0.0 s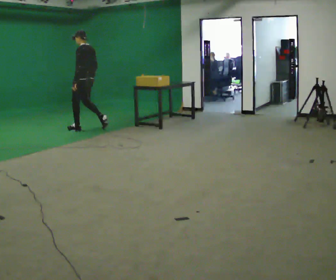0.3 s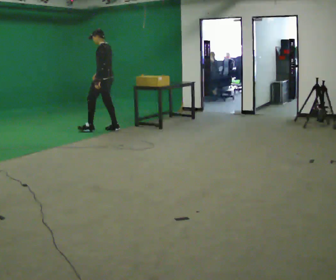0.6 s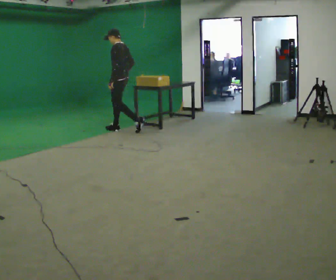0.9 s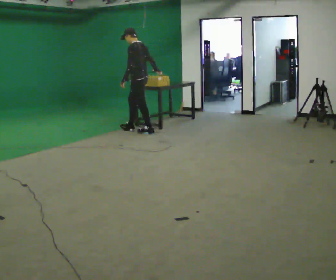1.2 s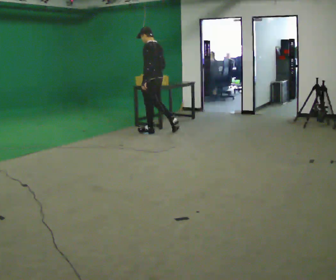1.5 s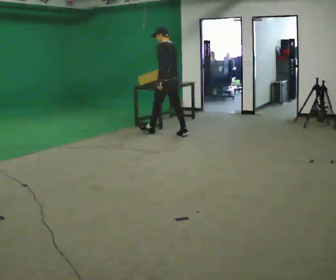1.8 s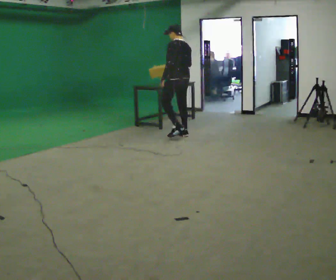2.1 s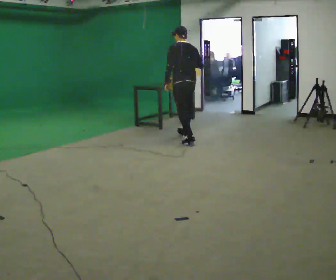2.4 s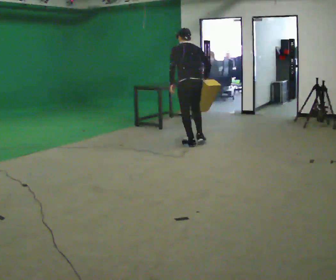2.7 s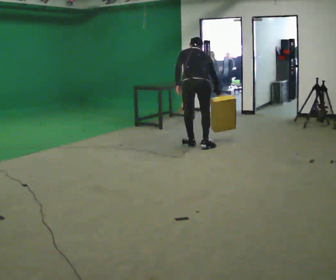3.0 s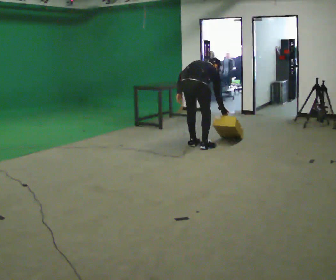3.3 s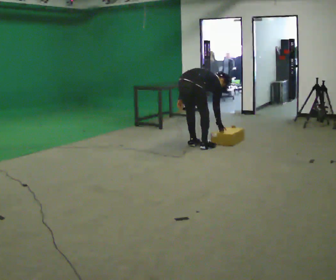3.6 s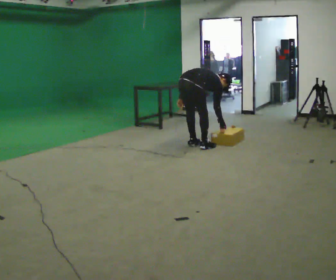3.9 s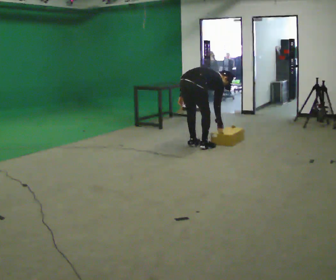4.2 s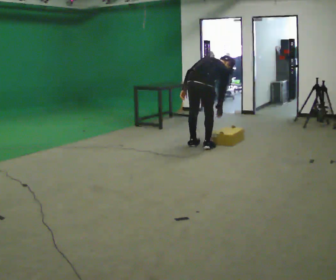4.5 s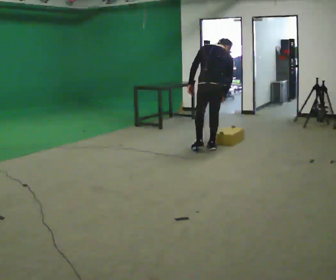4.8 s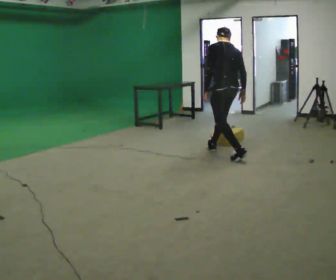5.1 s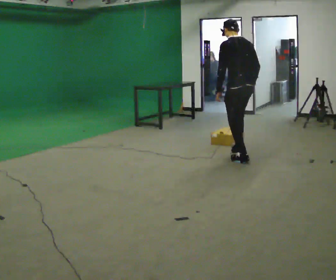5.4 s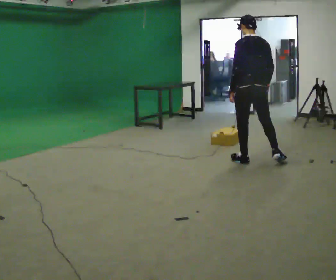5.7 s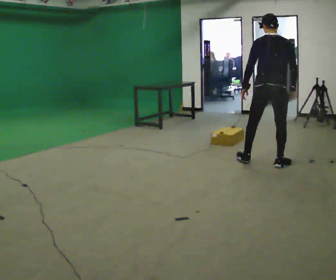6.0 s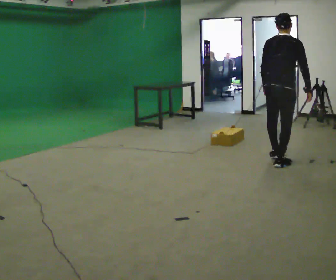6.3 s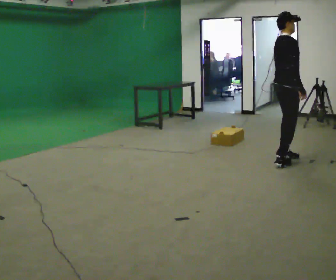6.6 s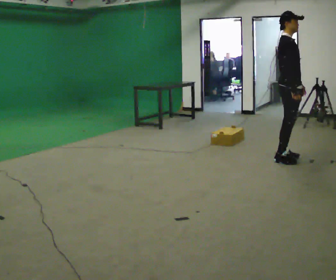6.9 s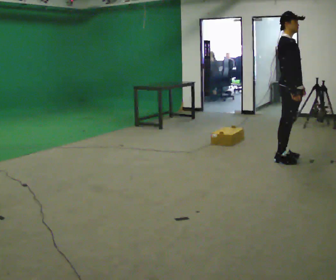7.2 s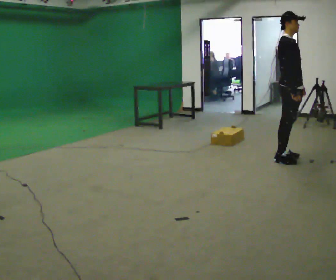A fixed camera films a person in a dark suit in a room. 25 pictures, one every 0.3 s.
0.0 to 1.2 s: In the picture they go to the right, about 1 m in 2 steps, which for them is backward.
1.2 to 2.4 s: The part of the body nearest the lens slides to the left as the person turns to their right by about 45 degrees. In the picture they go toward the camera and to the right, about 1 m in 2 steps, which for them is backward. The upper body tips away from the camera, its near side rolling upward, as they bend forward.
2.4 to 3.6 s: The person turns about 60 degrees to their right, clockwise seen from above, so the part of the body nearest the lens slides to the left. In the picture they go toward the camera, about 0.25 m, which for them is backward. The upper body goes downward. In the picture the upper body tilts clockwise, shoulders to the right, as they bend forward.
3.6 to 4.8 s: Seen from above the body turns counterclockwise, about 75 degrees: to their left, with its near side sliding to the right. In the picture they go to the right and toward the camera, about 0.5 m in 1 step. The upper body goes upward. In the picture the upper body tilts counterclockwise, shoulders to the left, as they lean back or straighten.
4.8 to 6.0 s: Seen from above the body turns clockwise, about 75 degrees: to their right, with its near side sliding to the left. In the picture they go to the right and toward the camera, about 1 m in 2 steps.
6.0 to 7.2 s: Seen from above the body turns clockwise, about 75 degrees: to their right, with its near side sliding to the left. In the picture they go to the right, about 0.25 m in 1 step. In the picture the upper body tilts counterclockwise, shoulders to the left, as they lean back or straighten. In the picture their left hand goes to the right.
The film runs backward here.
